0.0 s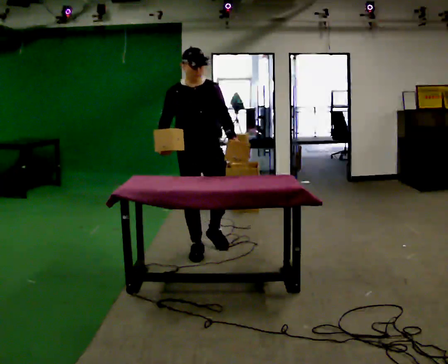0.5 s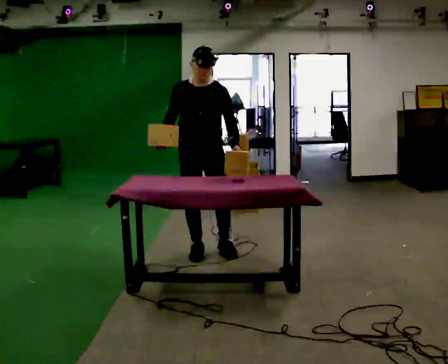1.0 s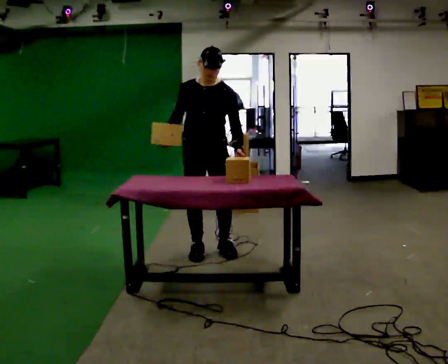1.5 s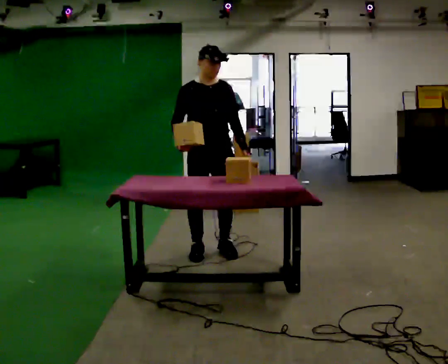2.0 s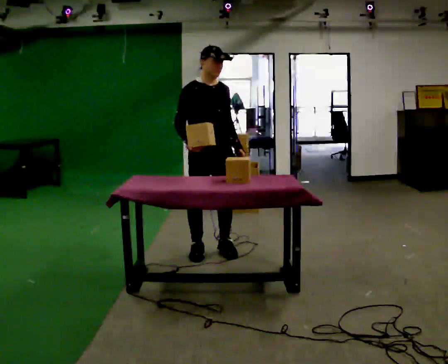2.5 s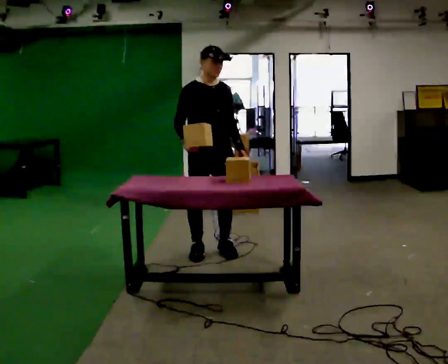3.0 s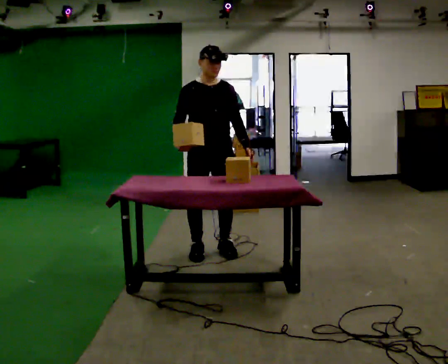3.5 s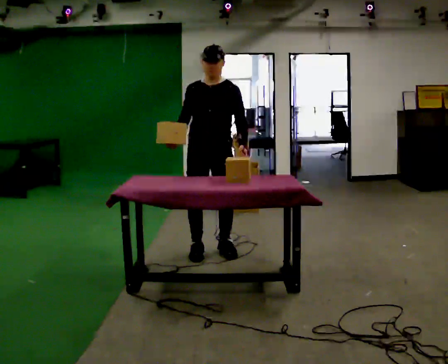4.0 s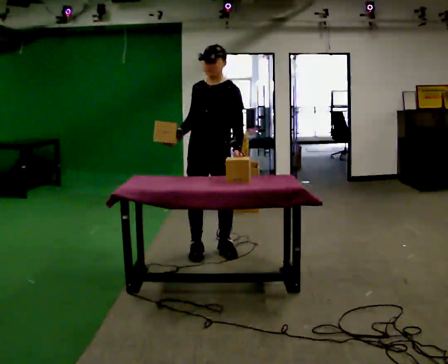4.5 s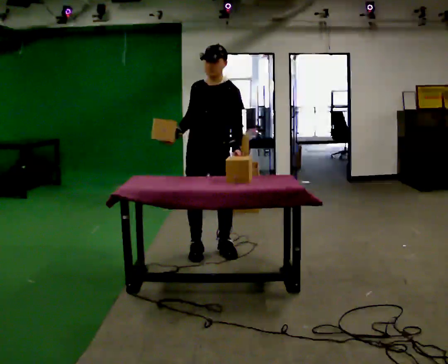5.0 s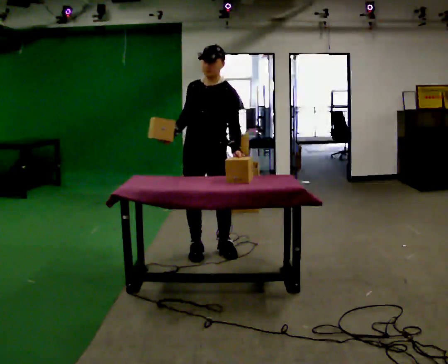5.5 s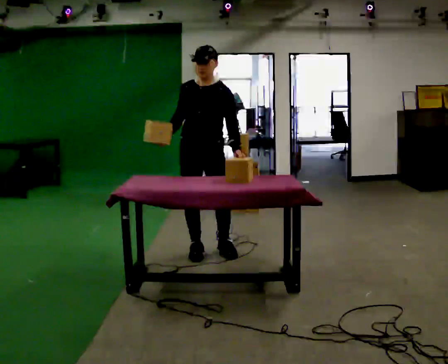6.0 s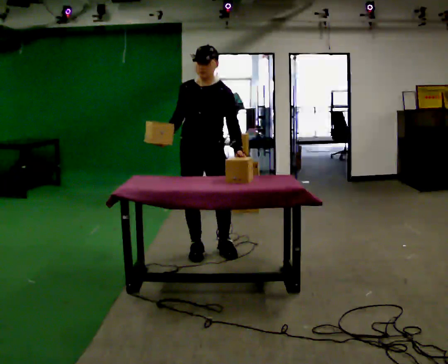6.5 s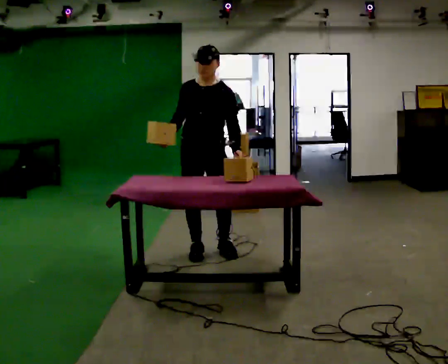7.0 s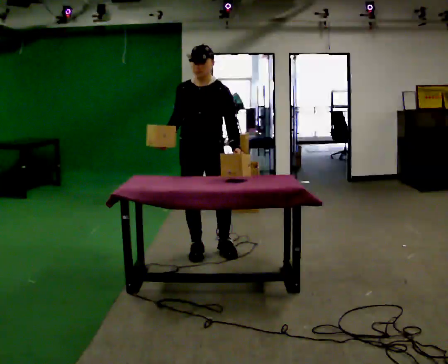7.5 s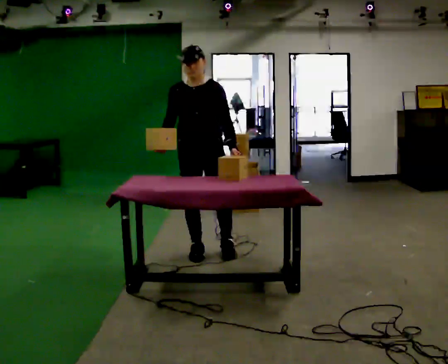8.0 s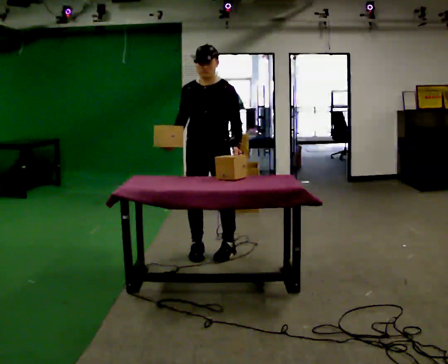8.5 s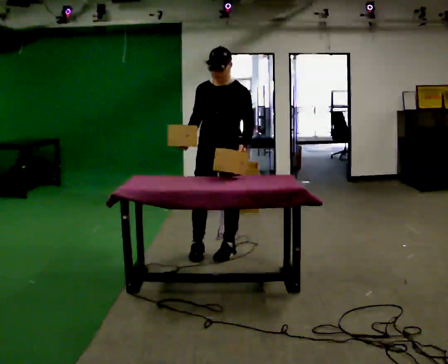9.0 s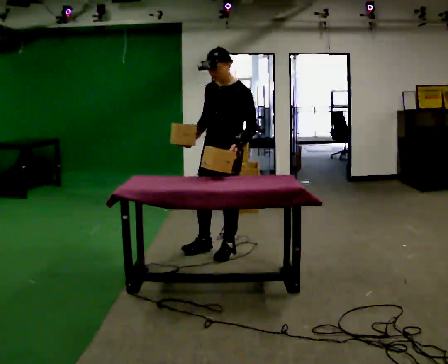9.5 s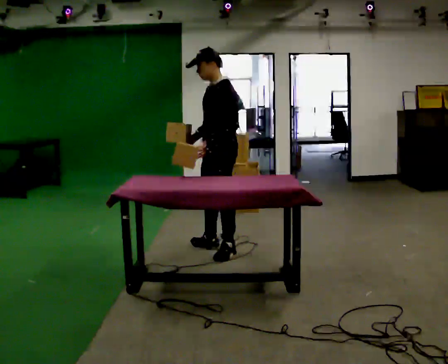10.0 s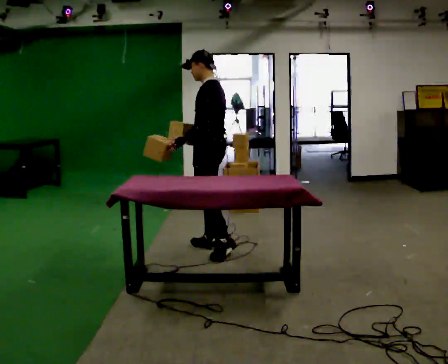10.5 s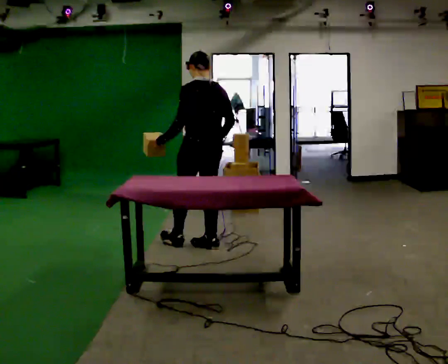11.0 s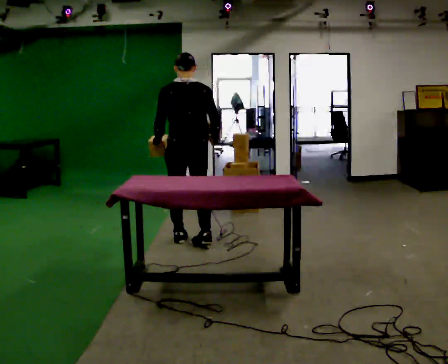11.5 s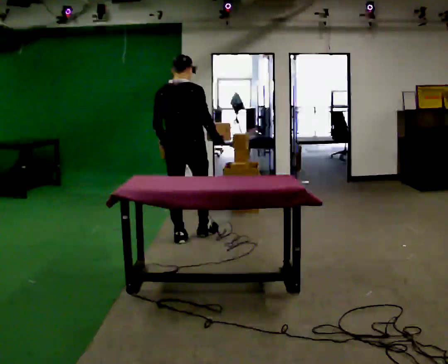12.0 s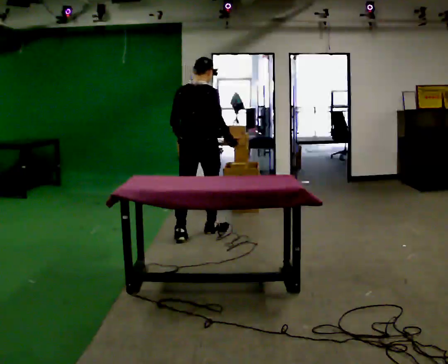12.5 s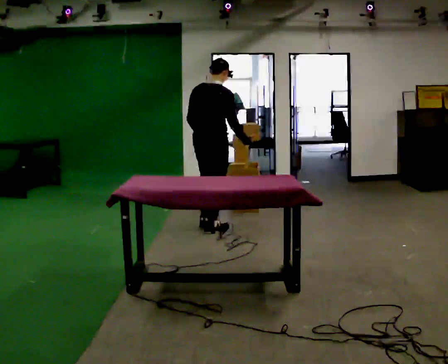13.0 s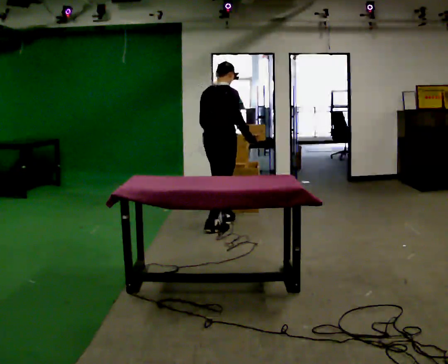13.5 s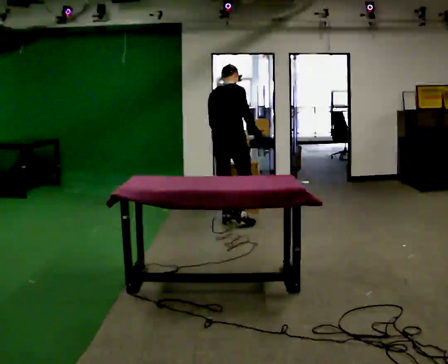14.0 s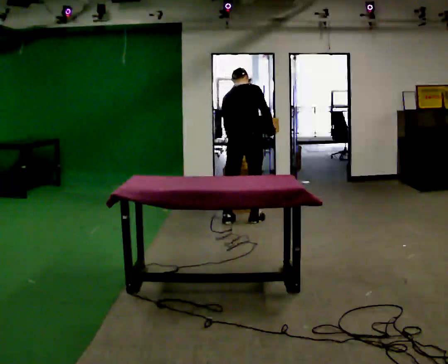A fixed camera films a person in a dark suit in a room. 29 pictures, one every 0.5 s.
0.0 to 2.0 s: The person moves a little, or ends about where they began.
2.0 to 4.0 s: The person turns about 60 degrees to their right, clockwise seen from above, so the part of the body nearest the lens slides to the left.
4.0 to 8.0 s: The person moves a little, or ends about where they began.
8.0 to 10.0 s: The person turns about 90 degrees to their right, clockwise seen from above, so the part of the body nearest the lens slides to the left. In the picture they go away from the camera, about 0.25 m. In the picture their left hand goes to the left, the arm swinging clockwise.
10.0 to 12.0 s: The person turns about 105 degrees to their right, clockwise seen from above, so the part of the body nearest the lens slides to the left. In the picture they go away from the camera, about 0.5 m in 2 steps.
12.0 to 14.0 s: In the picture they go away from the camera and to the right, about 0.75 m in 2 steps, which for them is forward.
The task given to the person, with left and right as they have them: Carry two objects across the room, then put just one of them on the shelf while still holding the other. Then bring them both back. Keep going until the operator says stop; one object at a time, and do not rush between trips.
The film runs forward here.
